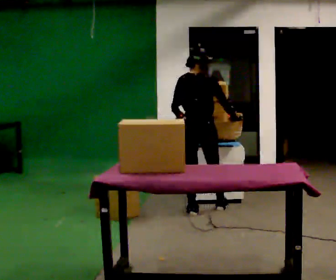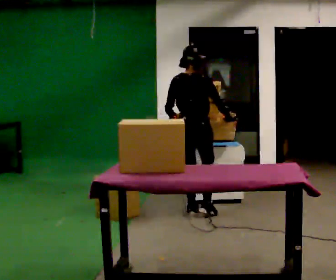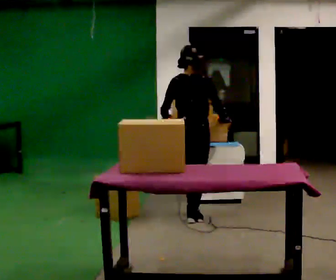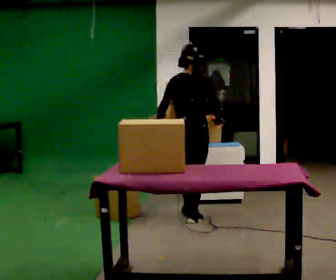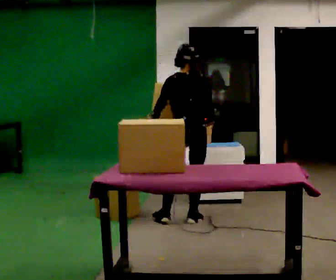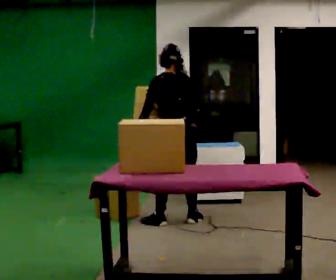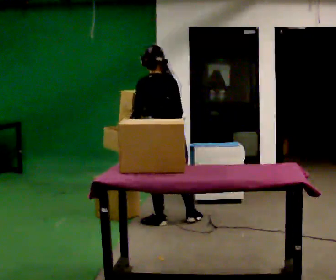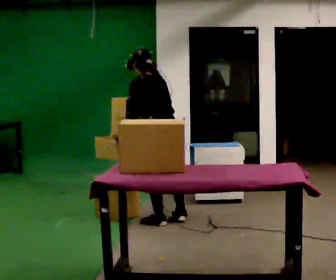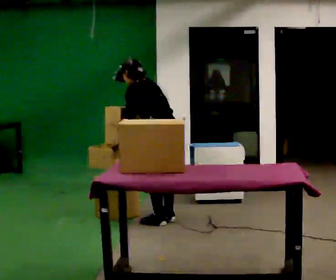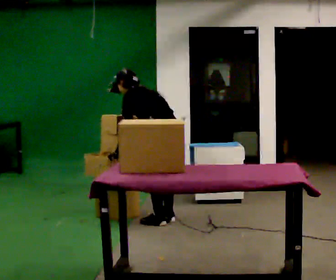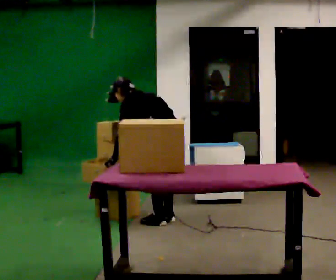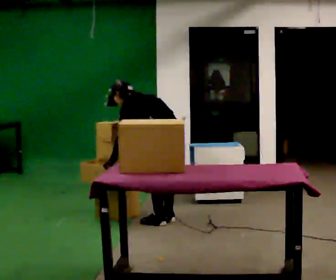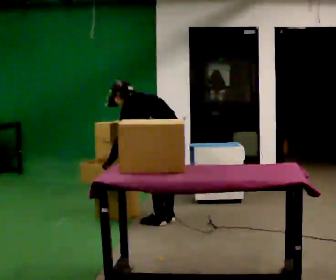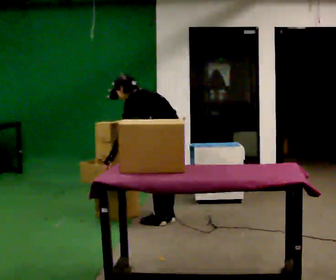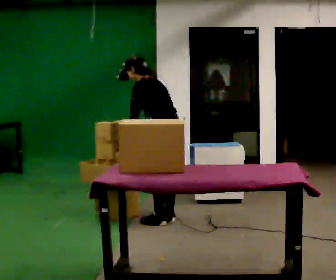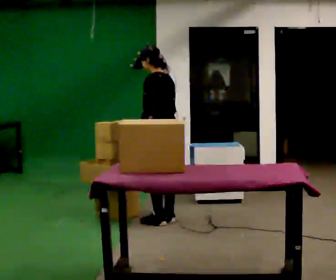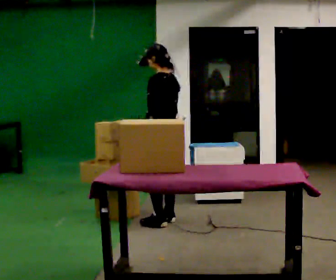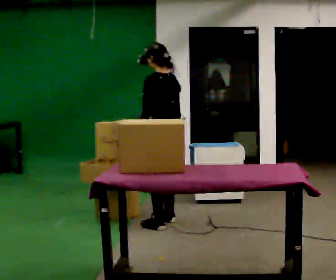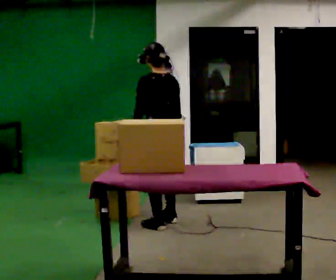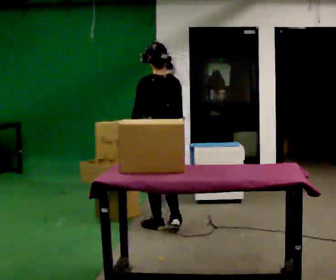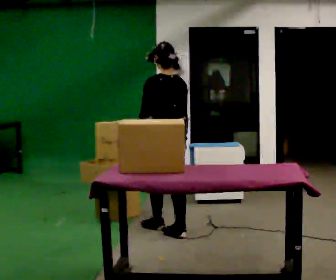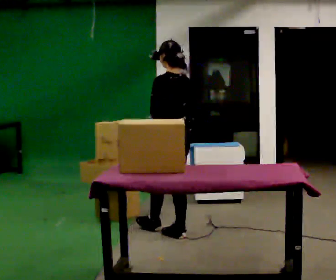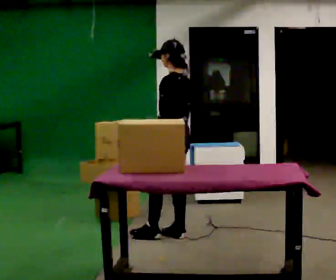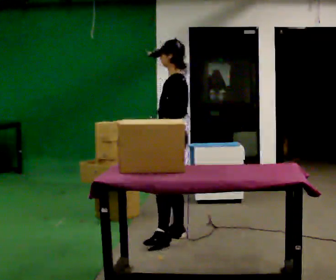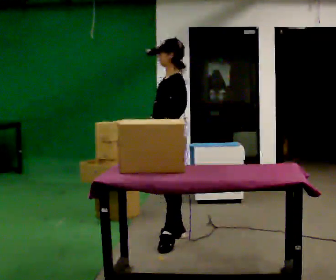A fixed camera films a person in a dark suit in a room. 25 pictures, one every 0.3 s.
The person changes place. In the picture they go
toward the camera.
0.0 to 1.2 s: In the picture they go toward the camera, about 0.25 m in 1 step, which for them is backward.
1.2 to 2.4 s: The part of the body nearest the lens slides to the right as the person turns to their left by about 45 degrees. In the picture they go to the left, about 0.25 m, which for them is to their left. In the picture the upper body tilts counterclockwise, shoulders to the left, as they bend forward.
2.4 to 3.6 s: In the picture the upper body tilts counterclockwise, shoulders to the left, as they bend forward.
3.6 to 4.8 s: The shoulders move upward. In the picture the upper body tilts clockwise, shoulders to the right, as they lean back or straighten.
4.8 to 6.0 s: The part of the body nearest the lens slides to the left as the person turns to their right by about 30 degrees. In the picture they go toward the camera, about 0.25 m in 1 step, which for them is backward and to their left.
6.0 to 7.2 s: Seen from above the body turns counterclockwise, about 75 degrees: to their left, with its near side sliding to the right. In the picture they go toward the camera, about 0.25 m in 1 step.
The film runs backward here.
